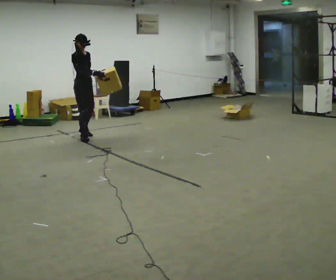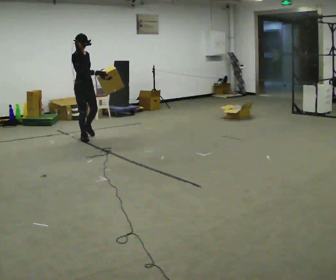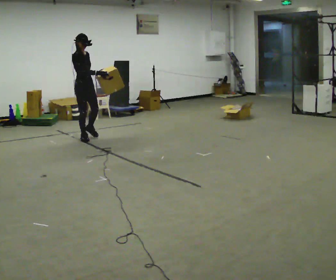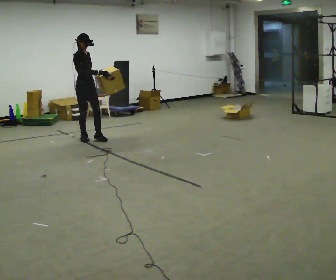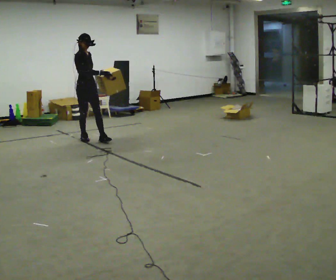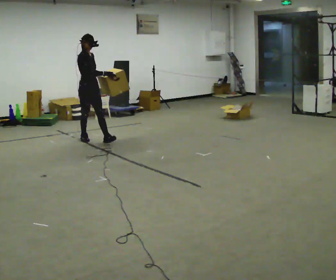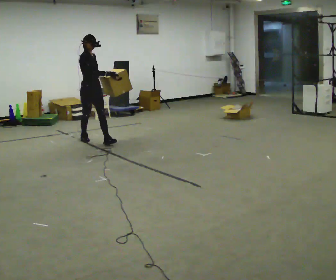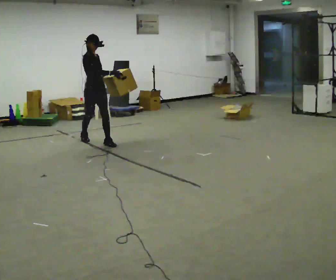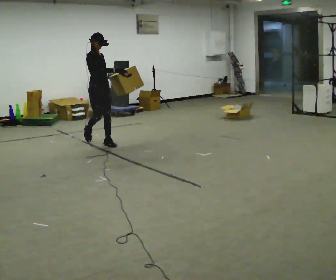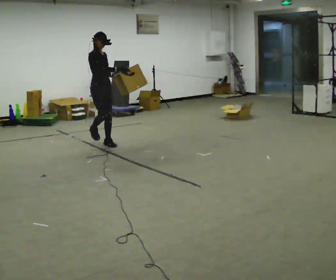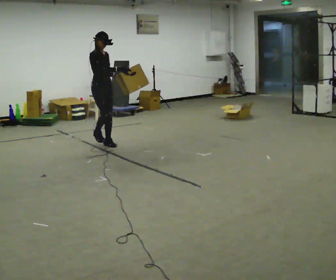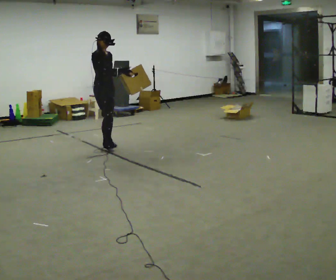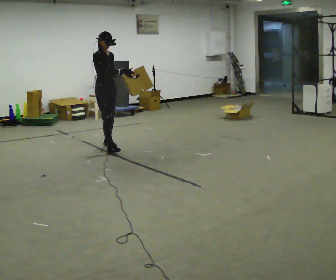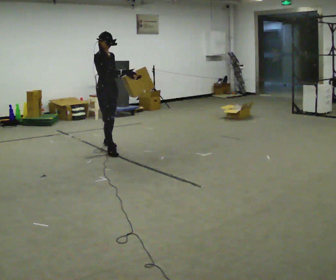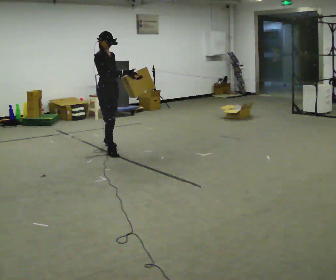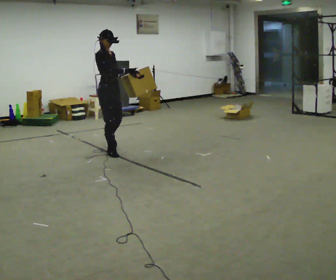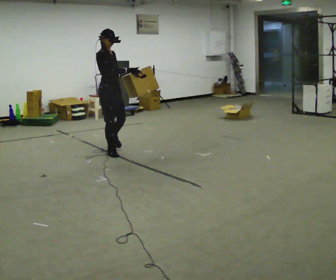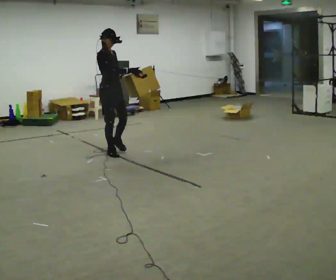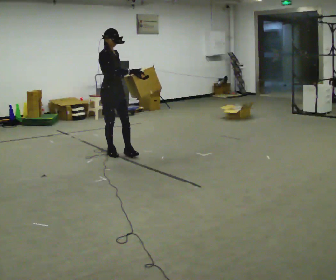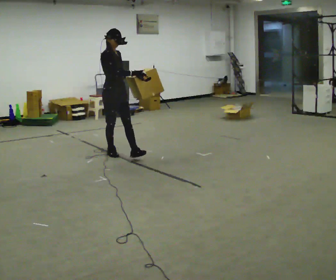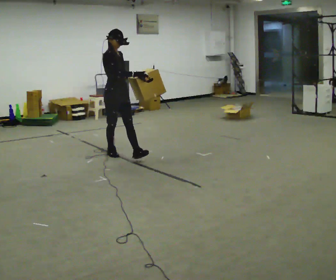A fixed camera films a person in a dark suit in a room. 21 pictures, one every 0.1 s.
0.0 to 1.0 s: In the picture they go toward the camera and to the right, about 0.5 m in 1 step, which for them is forward.
1.0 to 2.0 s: In the picture they go toward the camera, about 0.75 m in 1 step, which for them is forward and to their right.
The film runs forward here.
